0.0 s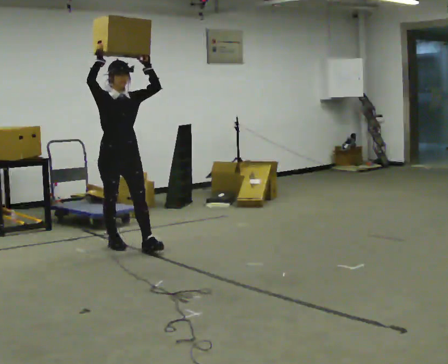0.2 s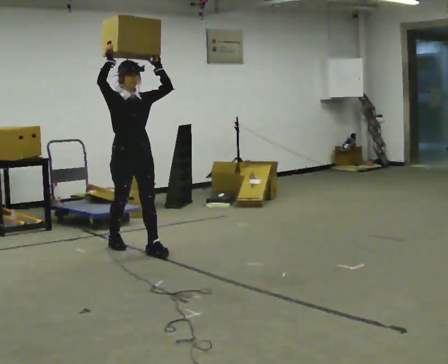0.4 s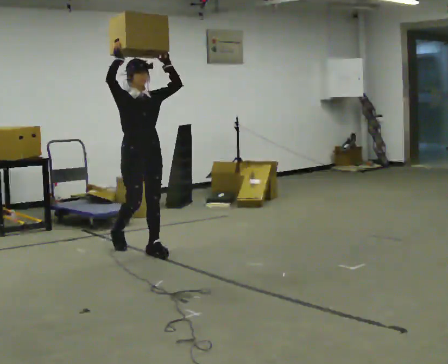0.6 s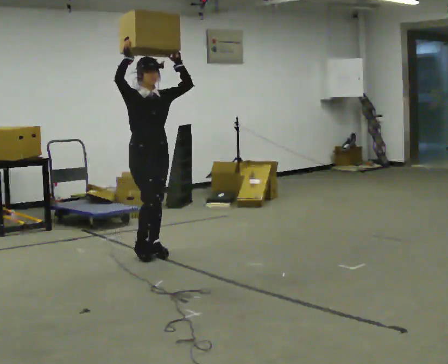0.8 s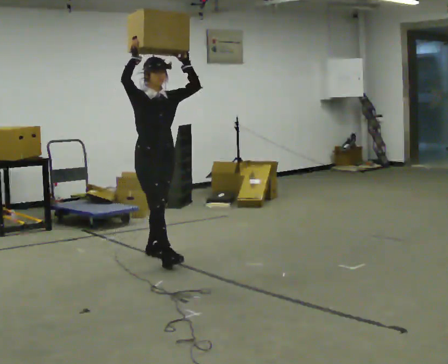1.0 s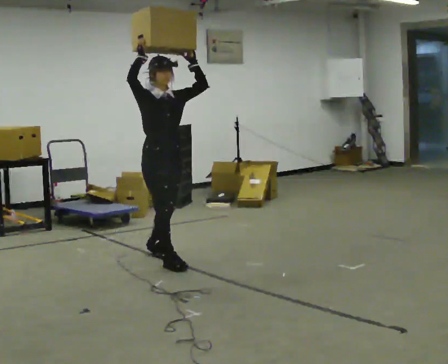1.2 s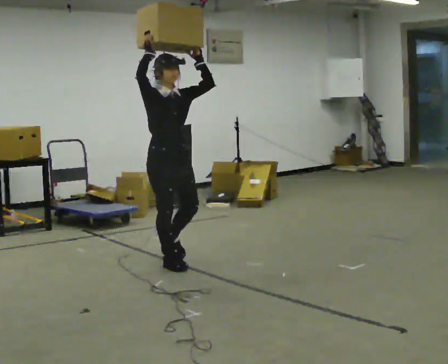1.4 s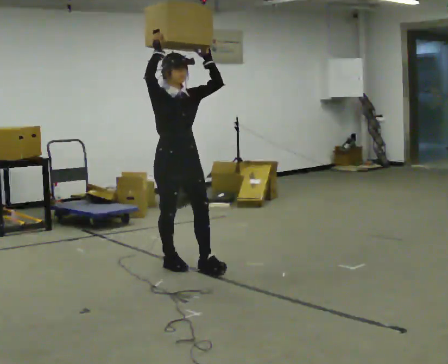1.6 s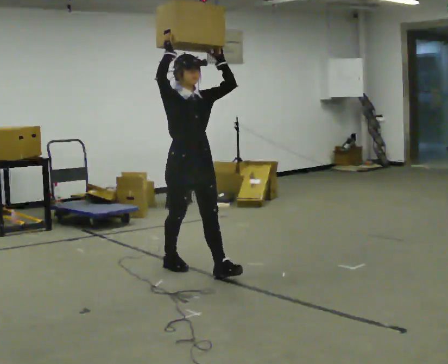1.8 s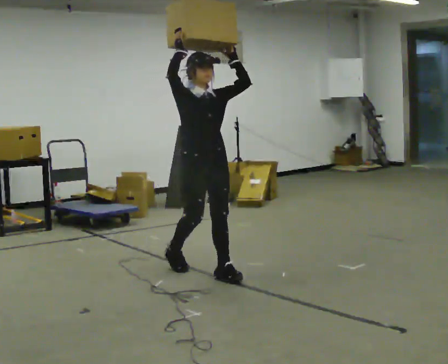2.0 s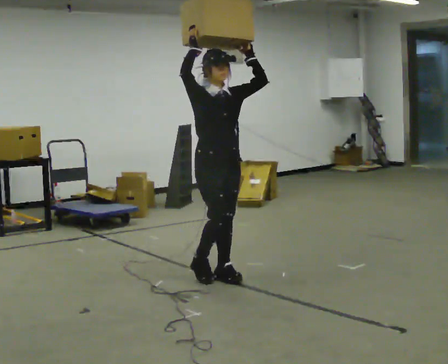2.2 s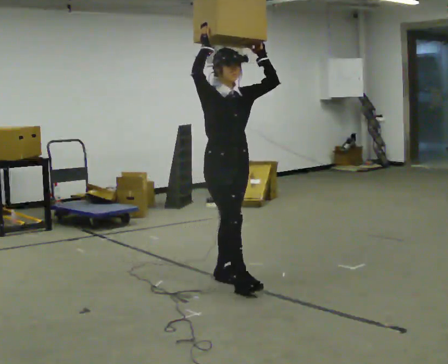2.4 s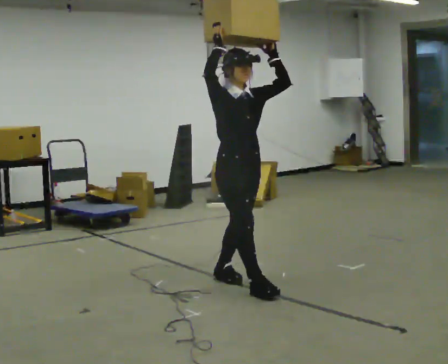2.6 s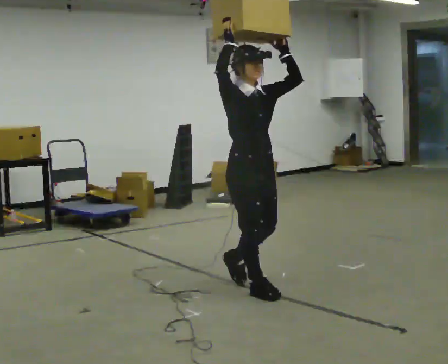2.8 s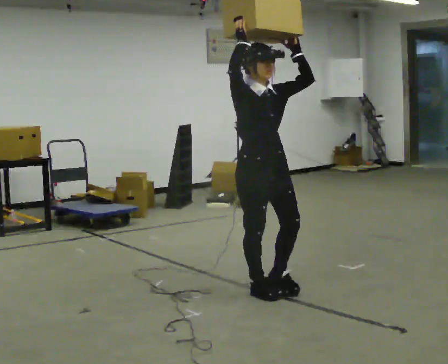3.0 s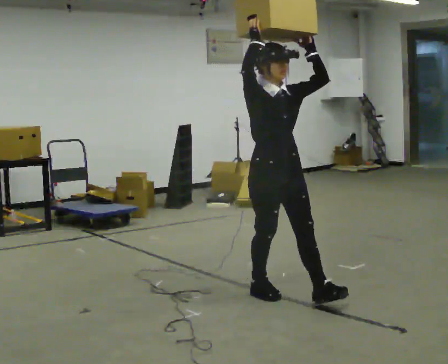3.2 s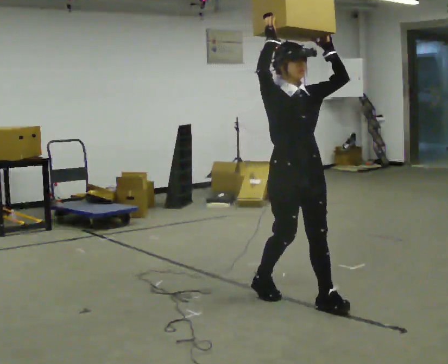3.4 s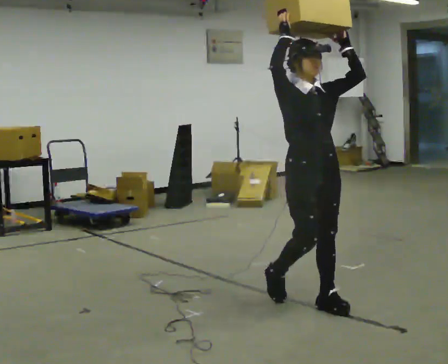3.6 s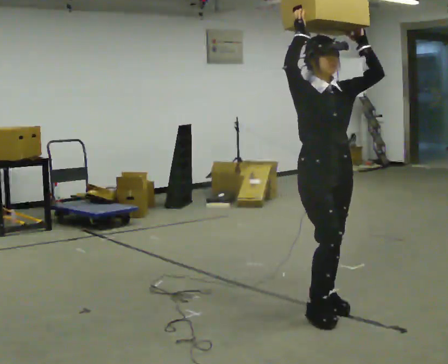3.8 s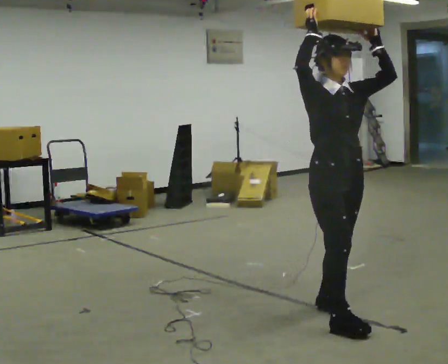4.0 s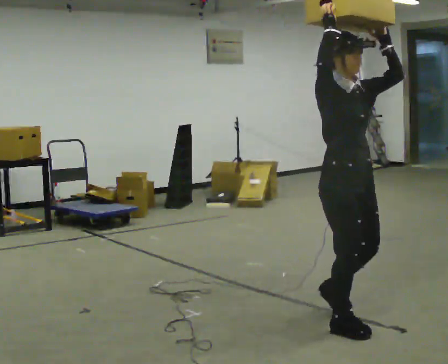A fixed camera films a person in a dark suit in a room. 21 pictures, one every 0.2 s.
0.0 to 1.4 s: In the picture they go toward the camera and to the right, about 1 m in 2 steps, which for them is forward.
1.4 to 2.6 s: In the picture they go toward the camera and to the right, about 1 m in 2 steps, which for them is forward.
2.6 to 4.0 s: In the picture they go toward the camera and to the right, about 1 m in 2 steps, which for them is forward.
The film runs forward here.
